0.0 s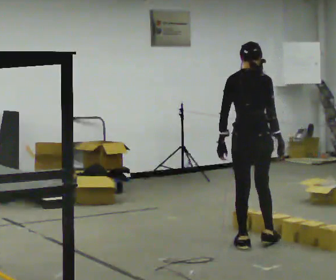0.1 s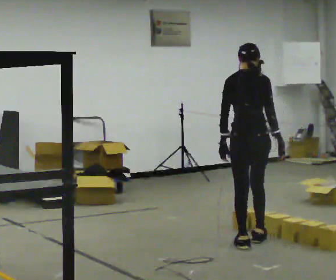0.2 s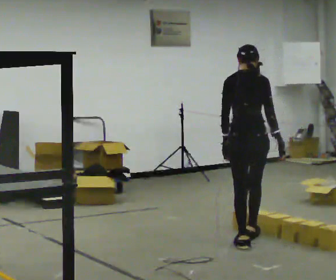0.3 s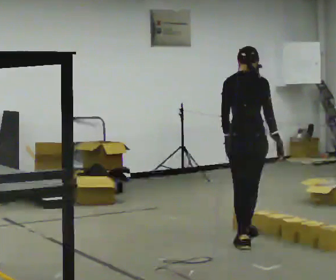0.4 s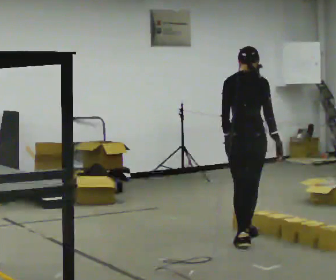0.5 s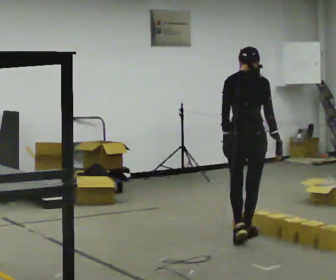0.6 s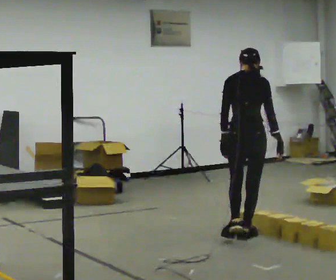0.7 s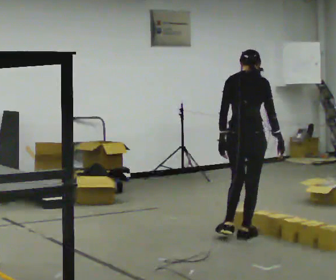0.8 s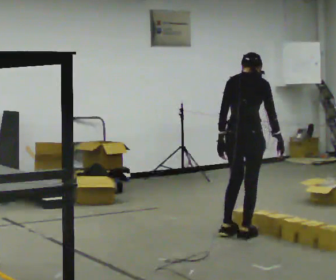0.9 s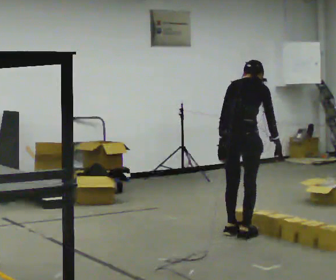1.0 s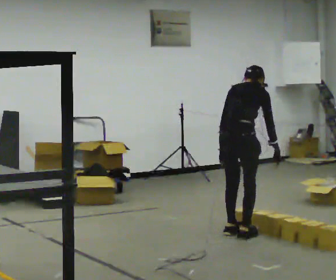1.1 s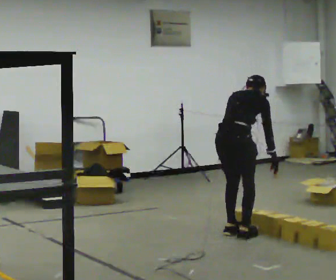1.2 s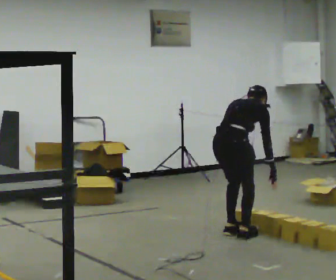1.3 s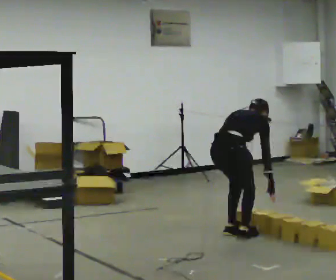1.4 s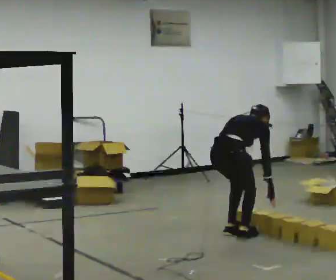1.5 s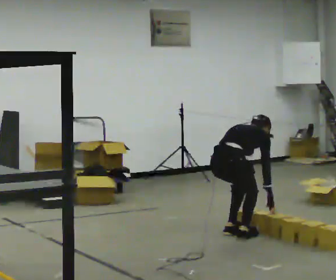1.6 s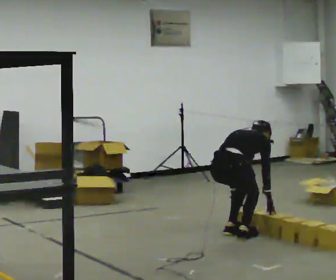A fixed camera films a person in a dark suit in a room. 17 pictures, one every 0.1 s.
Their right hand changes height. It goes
downward.
Their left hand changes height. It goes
downward.
0.0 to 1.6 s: In the picture they go away from the camera and to the left, about 0.25 m in 2 steps, which for them is to their left and forward. The shoulders move downward. The upper body tips away from the camera, its near side rolling upward, as they bend forward. In the picture their left hand goes downward.
The film runs forward here.
